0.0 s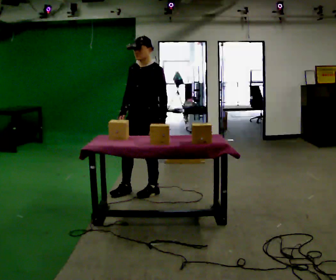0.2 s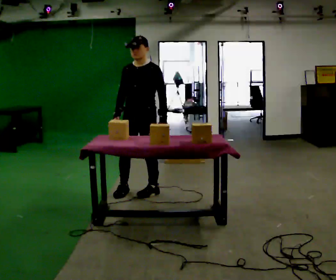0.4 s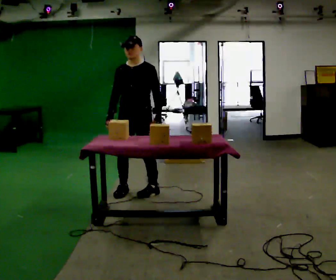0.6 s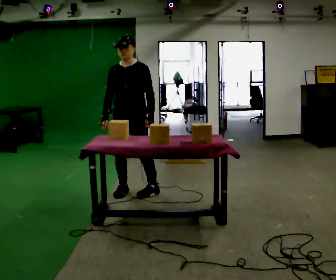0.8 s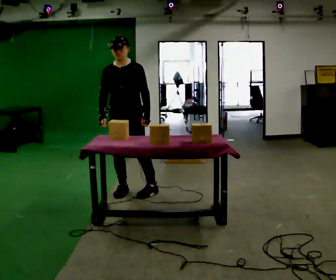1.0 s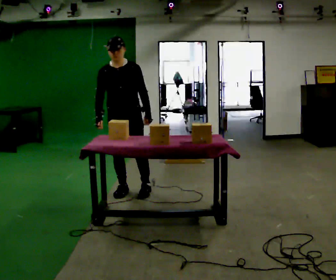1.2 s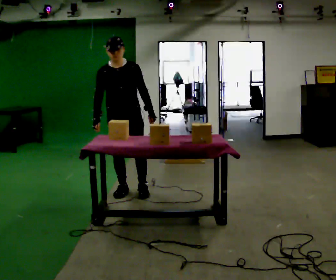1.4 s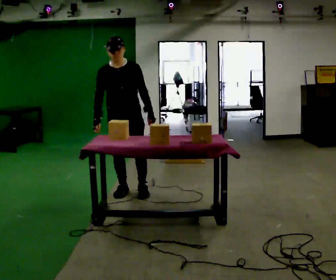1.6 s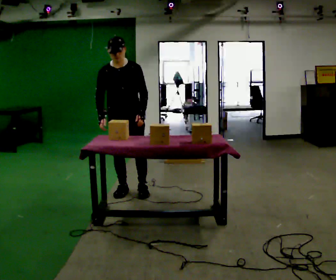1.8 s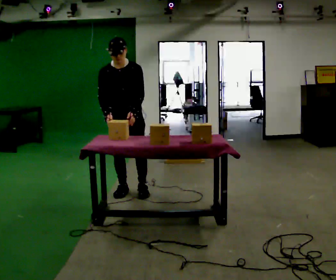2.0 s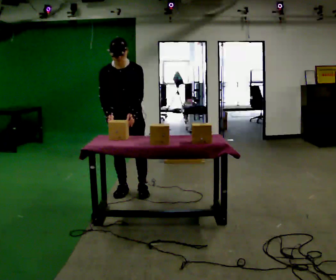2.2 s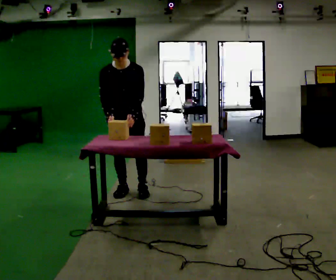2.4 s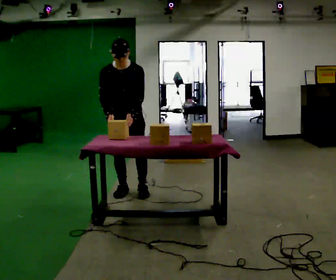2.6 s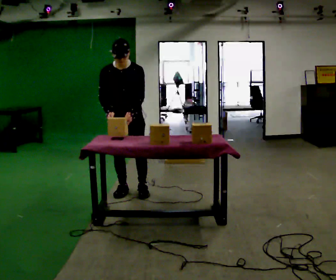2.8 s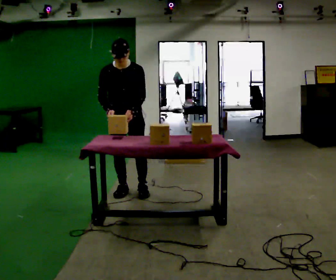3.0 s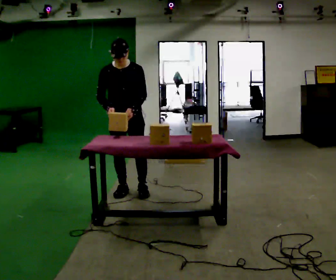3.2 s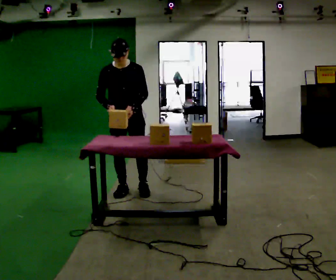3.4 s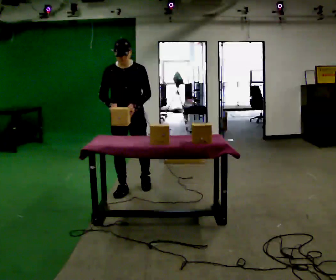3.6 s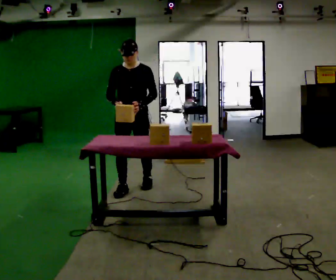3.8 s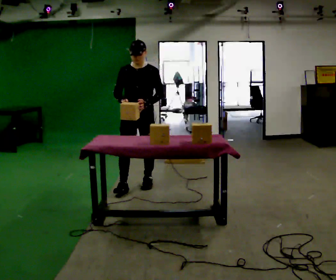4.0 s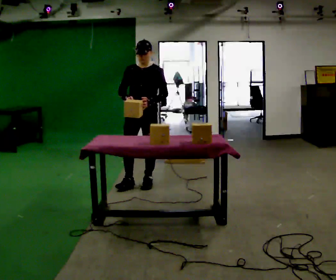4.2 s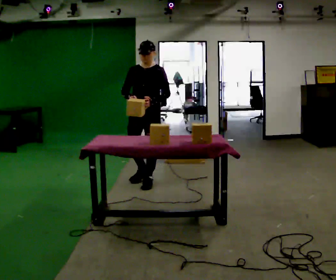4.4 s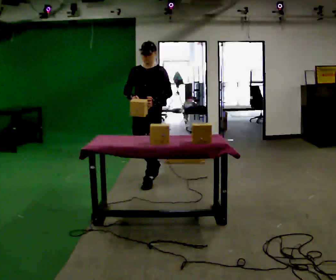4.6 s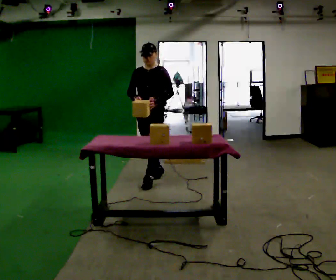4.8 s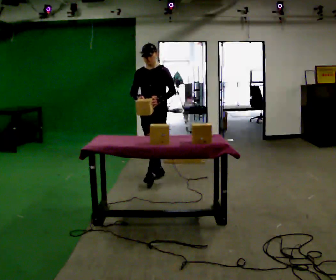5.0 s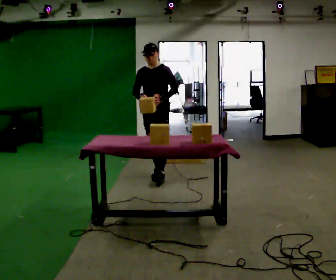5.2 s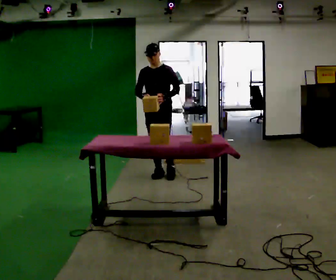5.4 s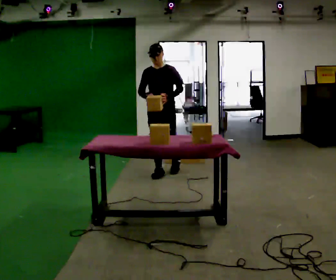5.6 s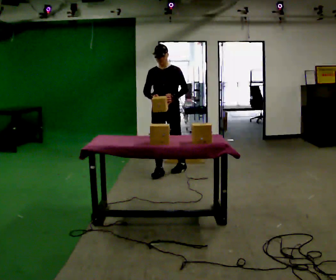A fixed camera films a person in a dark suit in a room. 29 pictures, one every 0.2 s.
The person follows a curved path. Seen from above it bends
clockwise.
The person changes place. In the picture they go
away from the camera.
0.0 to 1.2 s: The person turns about 45 degrees to their left, counterclockwise seen from above, so the part of the body nearest the lens slides to the right. In the picture they go to the left, about 0.25 m in 1 step, which for them is to their right.
1.2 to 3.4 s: The person moves a little, or ends about where they began.
3.4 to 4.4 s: In the picture they go away from the camera and to the right, about 0.5 m in 1 step, which for them is backward.
4.4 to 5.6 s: In the picture they go away from the camera and to the right, about 0.5 m in 1 step, which for them is backward.
The film runs backward here.
